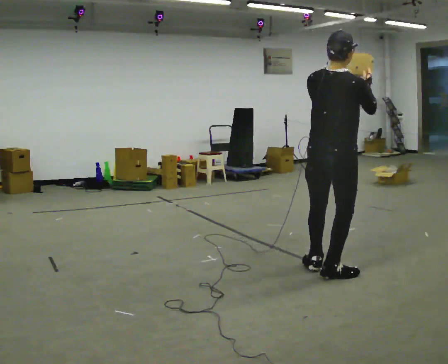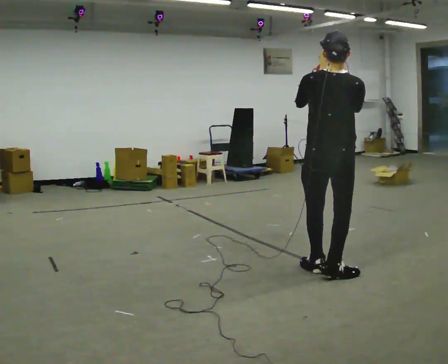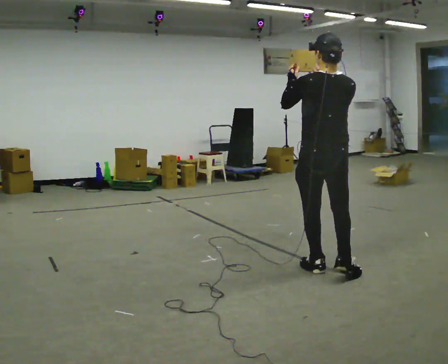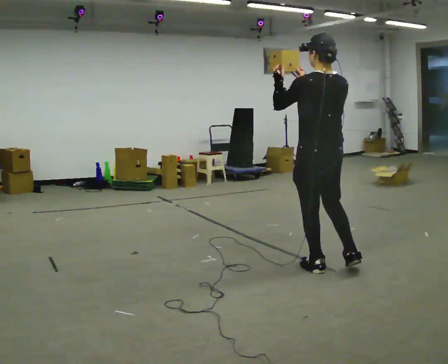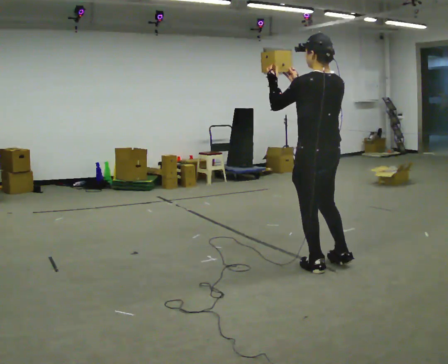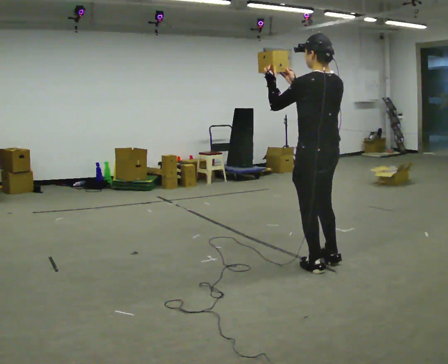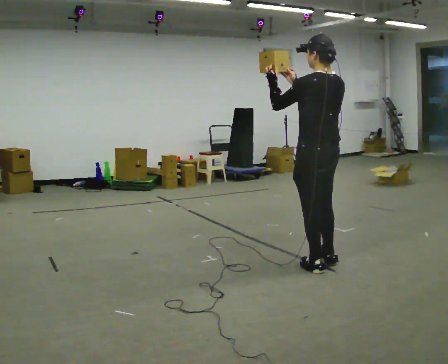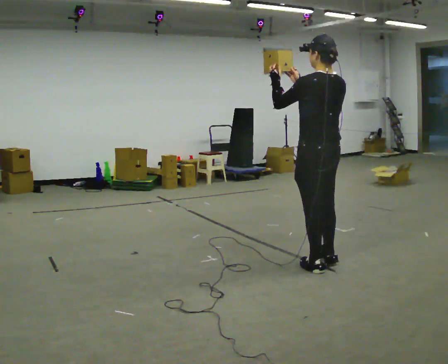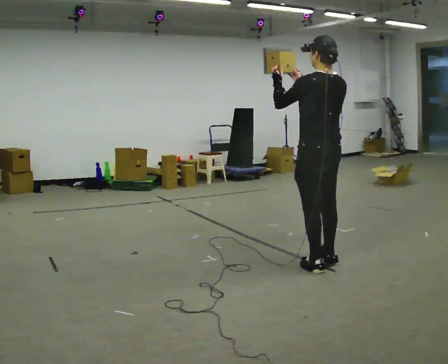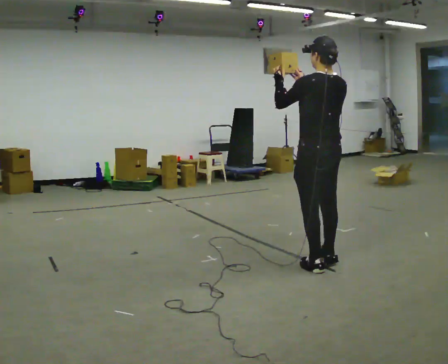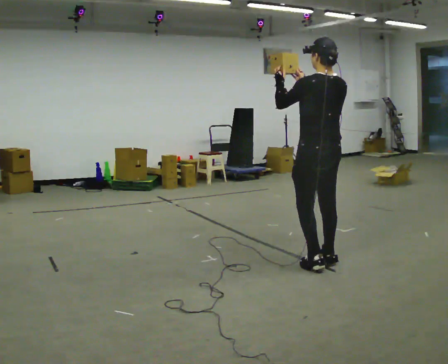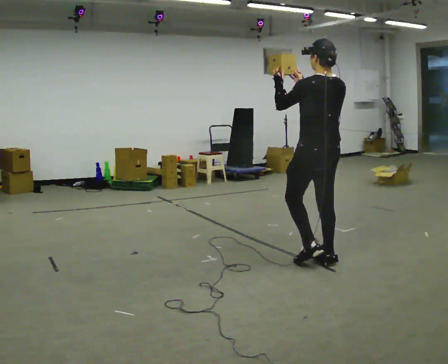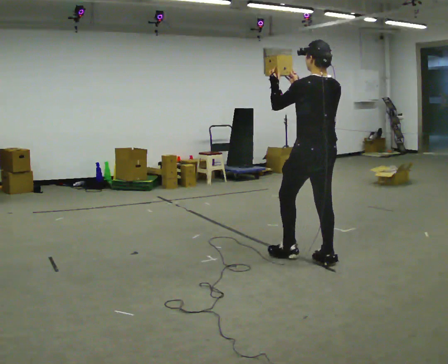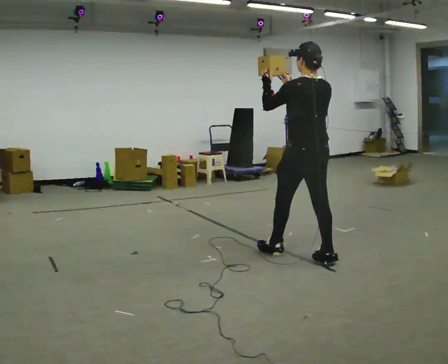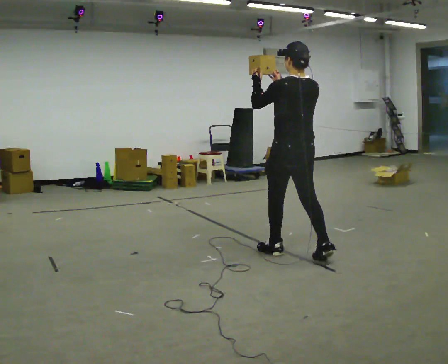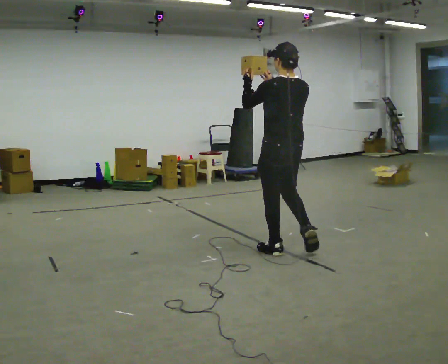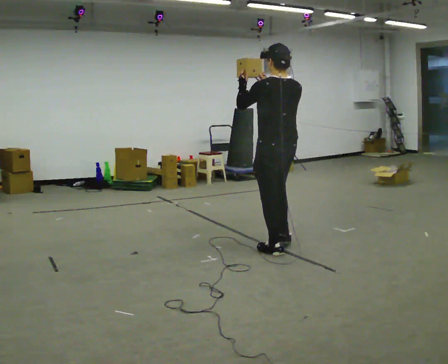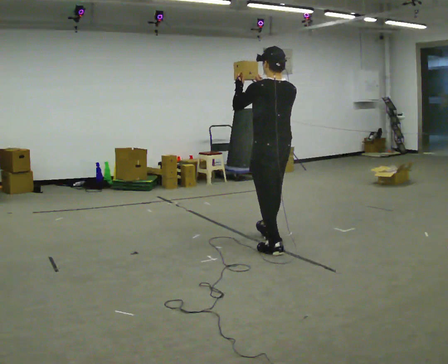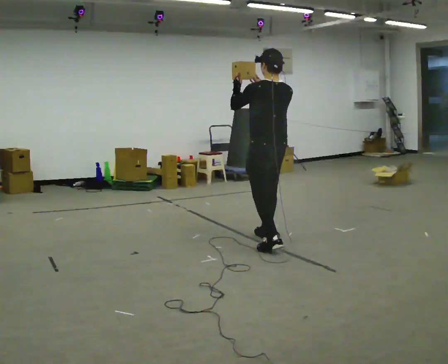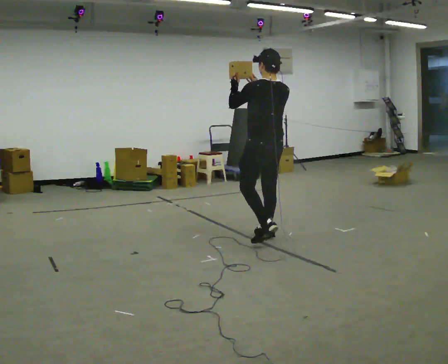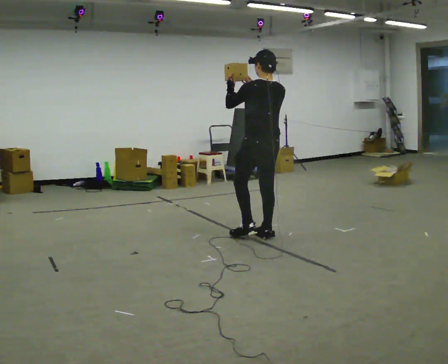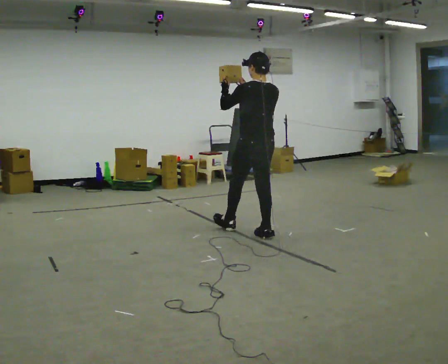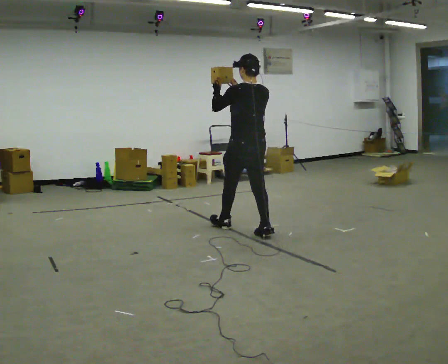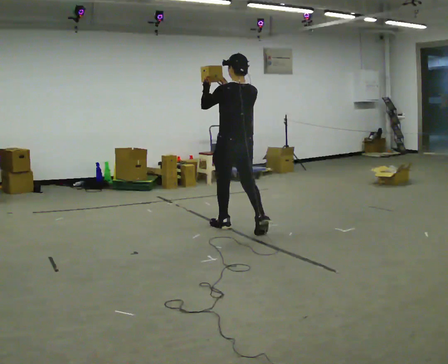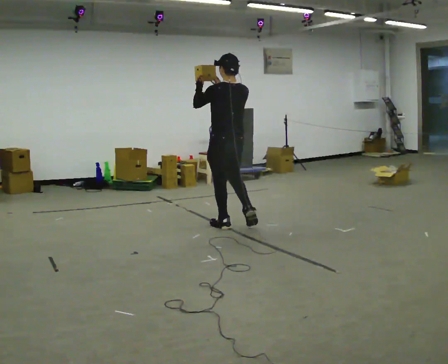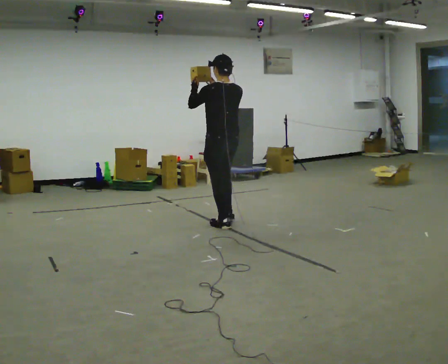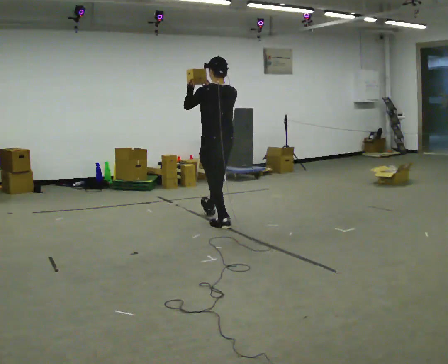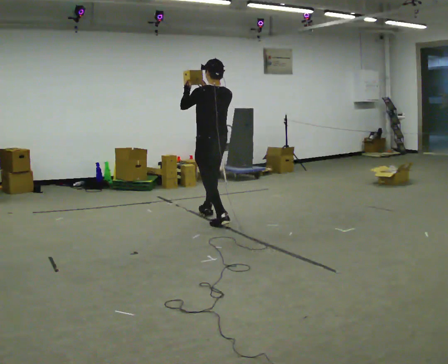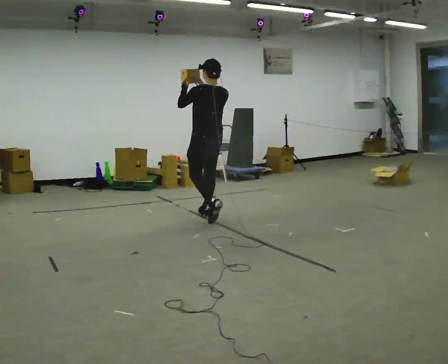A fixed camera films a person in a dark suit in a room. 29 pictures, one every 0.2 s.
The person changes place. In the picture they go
away from the camera.
0.0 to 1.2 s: Seen from above the body turns counterclockwise, about 60 degrees: to their left, with its near side sliding to the right. In the picture they go away from the camera, about 0.25 m in 1 step, which for them is forward. In the picture their left hand goes to the left.
1.2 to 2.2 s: In the picture they go away from the camera, about 0.25 m, which for them is forward.
2.2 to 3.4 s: In the picture they go away from the camera and to the left, about 0.5 m in 2 steps, which for them is forward.
3.4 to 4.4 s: In the picture they go away from the camera and to the left, about 0.5 m in 1 step, which for them is forward.
4.4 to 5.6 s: In the picture they go away from the camera and to the left, about 0.5 m in 1 step, which for them is forward.
The film runs forward here.
